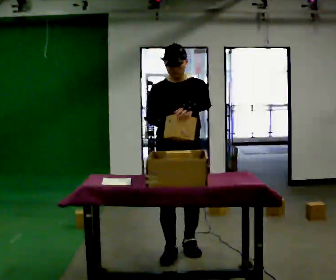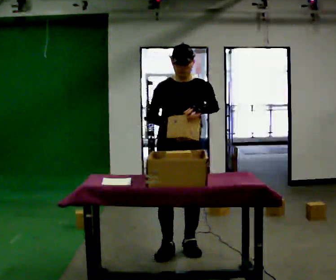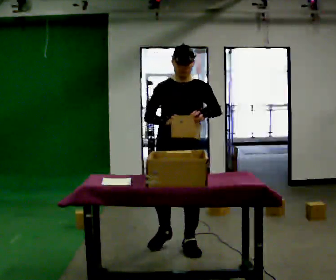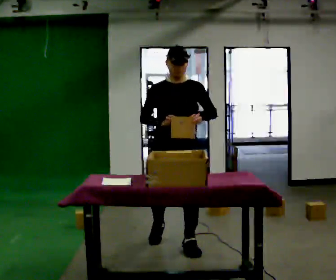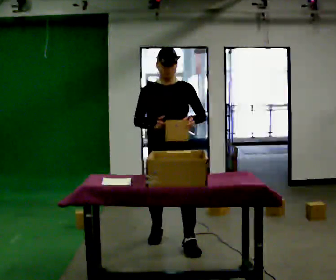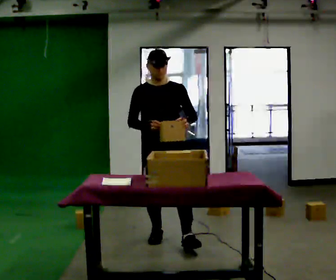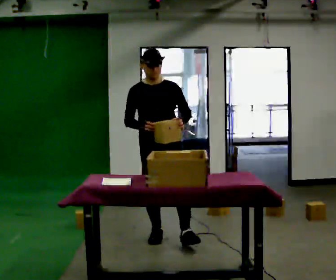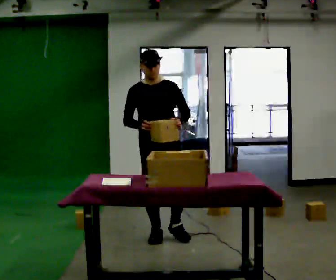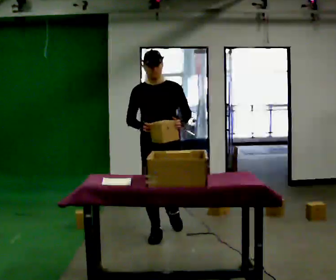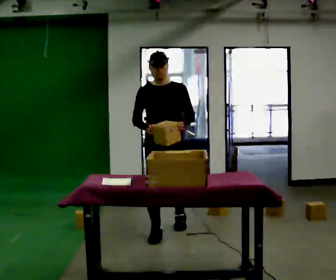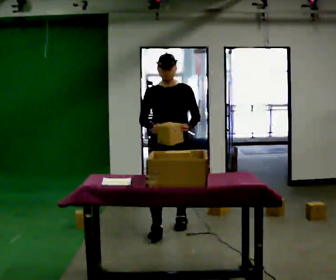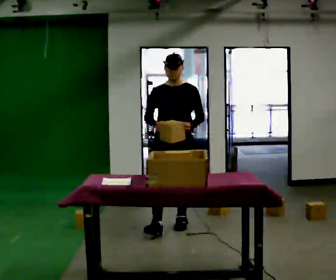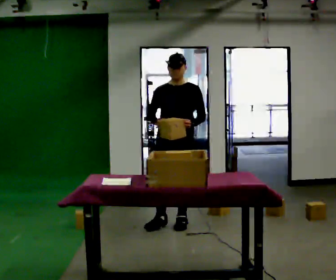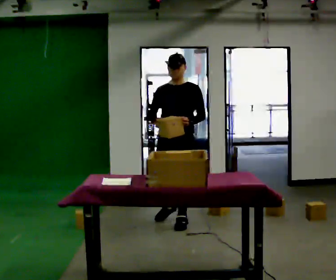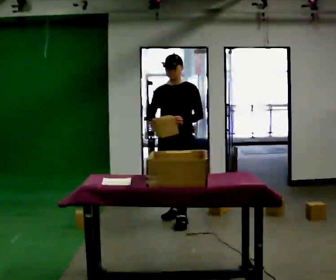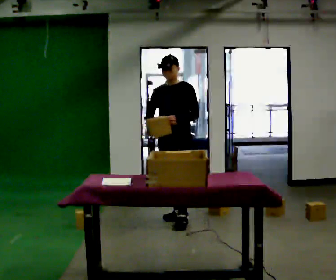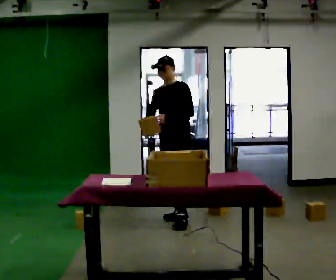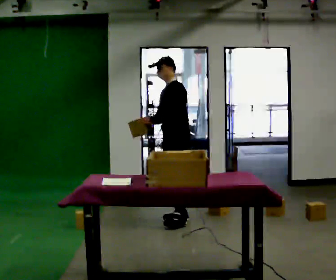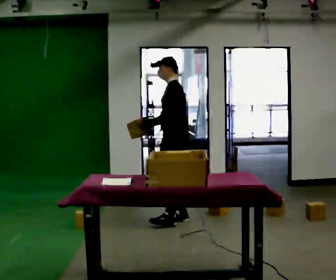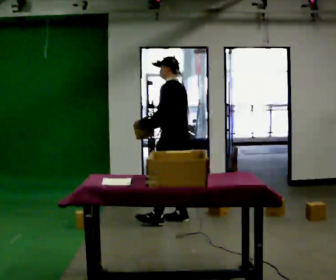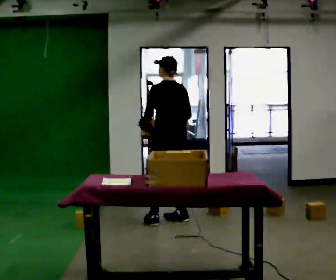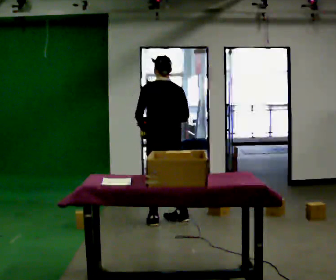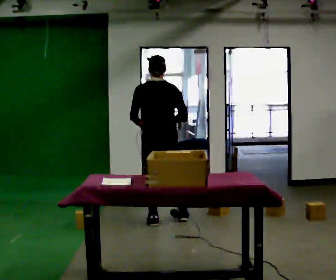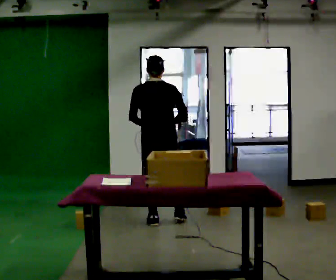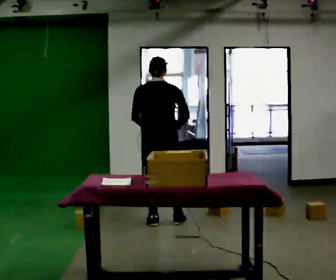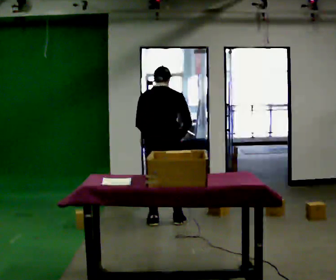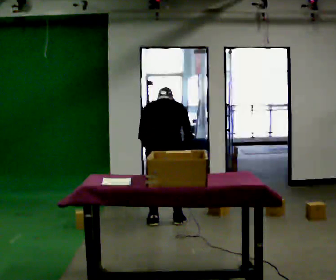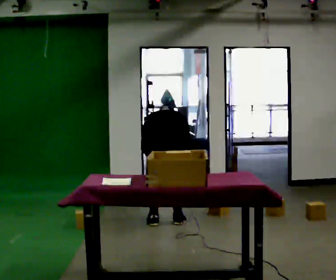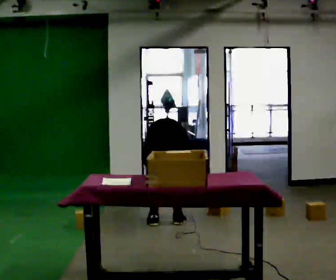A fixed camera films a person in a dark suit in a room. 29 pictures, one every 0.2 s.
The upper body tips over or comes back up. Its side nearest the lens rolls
upward.
Their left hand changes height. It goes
downward.
0.0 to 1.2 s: In the picture they go away from the camera and to the left, about 0.5 m in 2 steps, which for them is backward and to their right.
1.2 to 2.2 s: In the picture they go away from the camera, about 0.5 m in 1 step, which for them is backward.
2.2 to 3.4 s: Seen from above the body turns clockwise, about 60 degrees: to their right, with its near side sliding to the left. In the picture they go away from the camera, about 0.25 m in 1 step.
3.4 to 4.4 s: Seen from above the body turns clockwise, about 90 degrees: to their right, with its near side sliding to the left. In the picture they go to the left and toward the camera, about 0.25 m in 1 step.
4.4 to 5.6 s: In the picture they go toward the camera, about 0.25 m, which for them is backward. The shoulders move downward. The upper body tips away from the camera, its near side rolling upward, as they bend forward. In the picture their right hand goes downward.
The film runs backward here.
